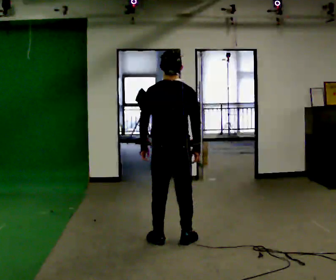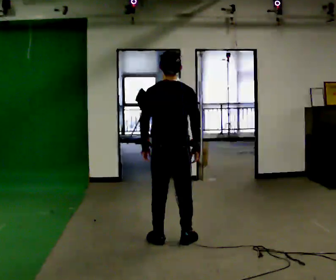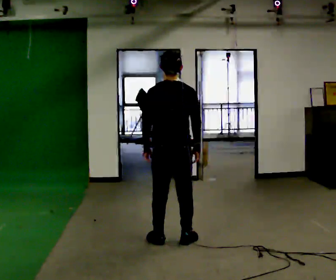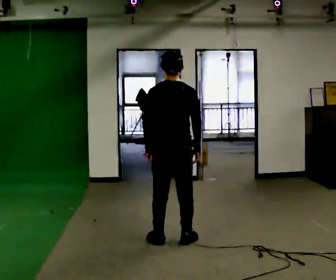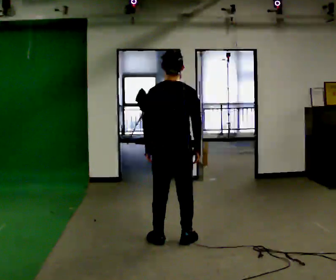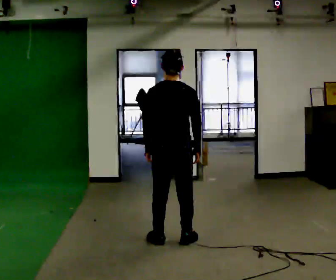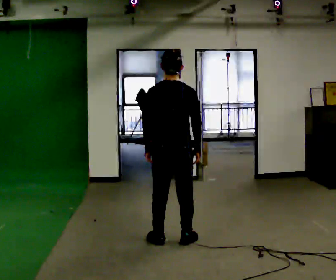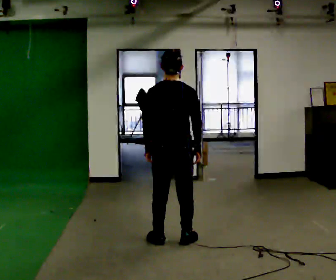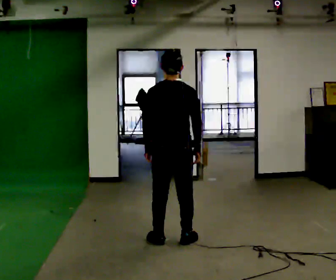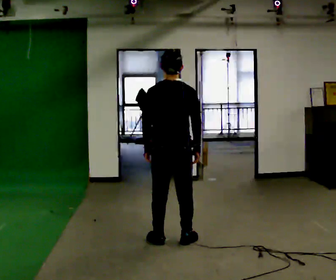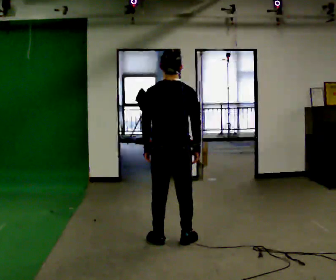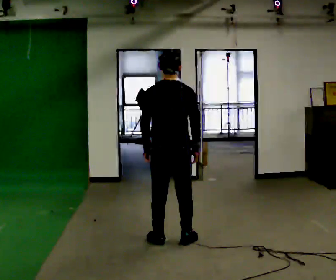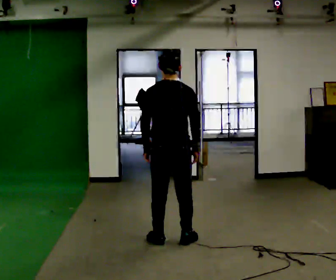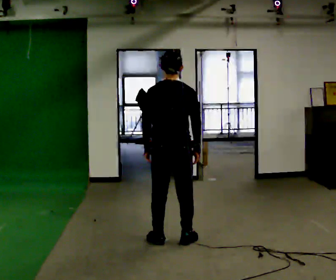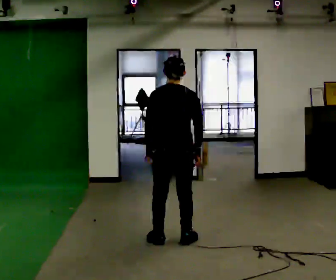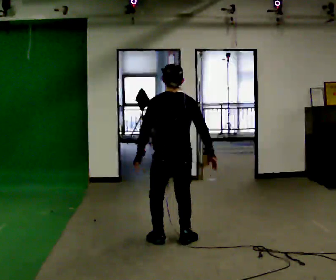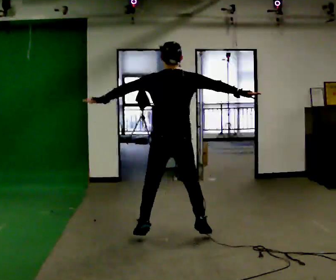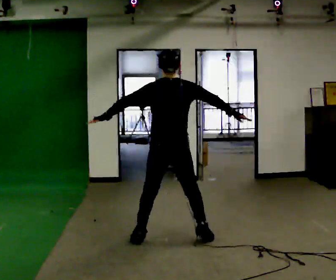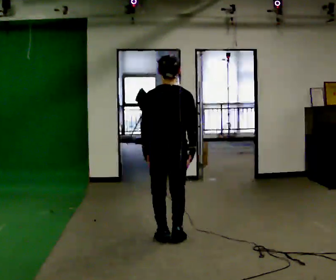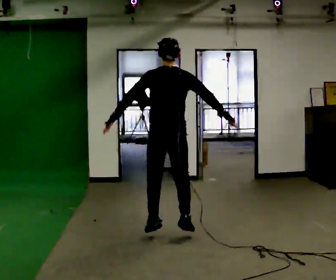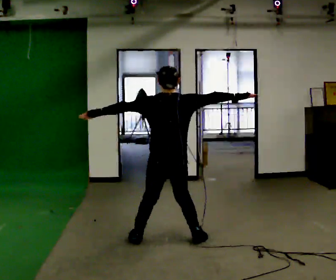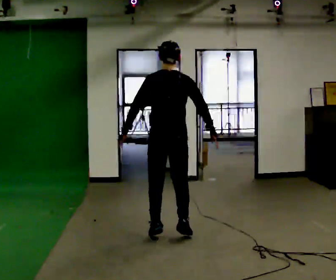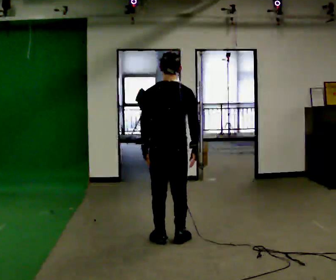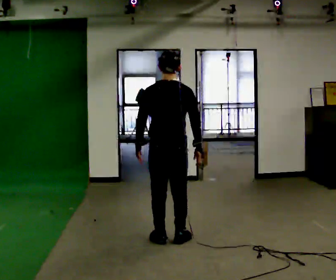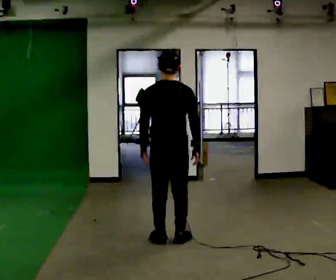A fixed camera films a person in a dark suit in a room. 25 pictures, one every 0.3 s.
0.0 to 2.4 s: The person moves a little, or ends about where they began.
2.4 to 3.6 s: The person keeps their place and pose.
3.6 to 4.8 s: In the picture their right hand goes upward and to the right, the arm swinging counterclockwise.
4.8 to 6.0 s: The person moves a little, or ends about where they began.
6.0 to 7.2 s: In the picture their right hand goes downward and to the left, the arm swinging clockwise.
The film runs forward here.
